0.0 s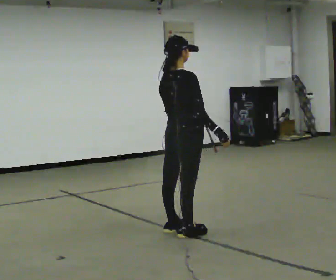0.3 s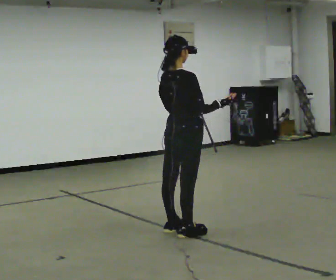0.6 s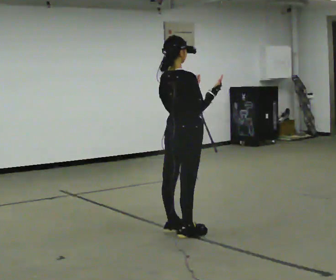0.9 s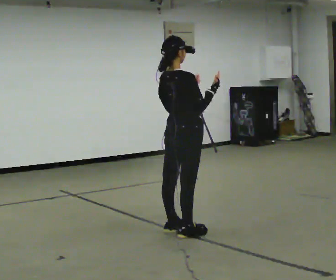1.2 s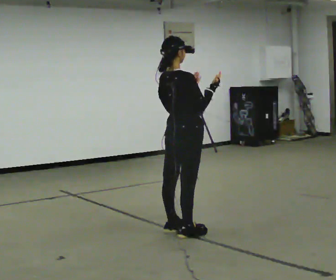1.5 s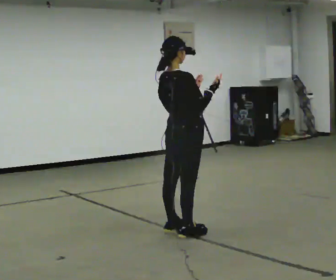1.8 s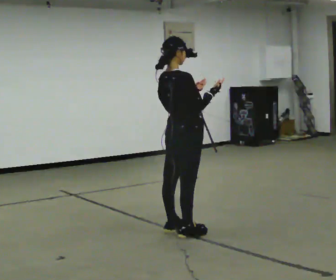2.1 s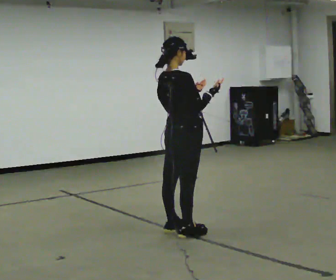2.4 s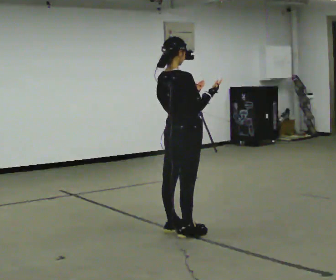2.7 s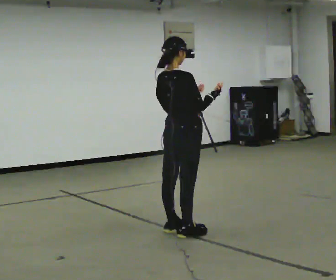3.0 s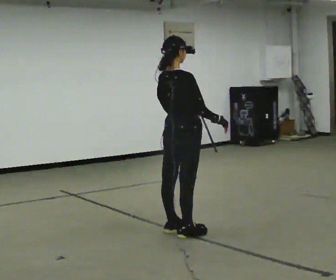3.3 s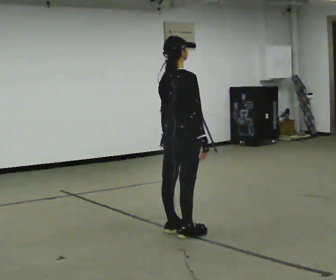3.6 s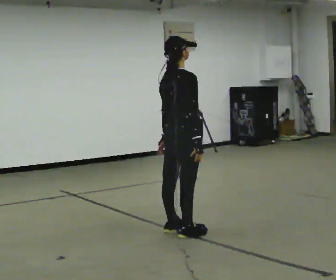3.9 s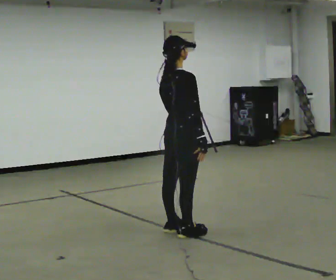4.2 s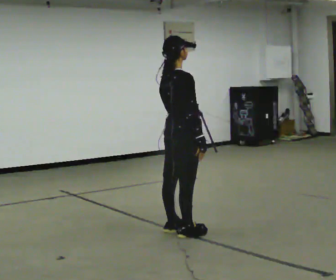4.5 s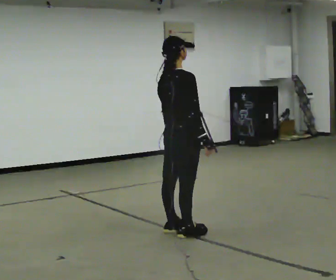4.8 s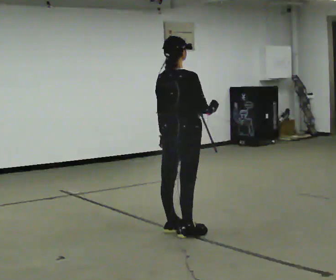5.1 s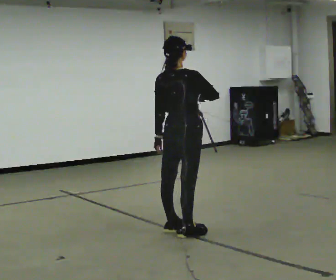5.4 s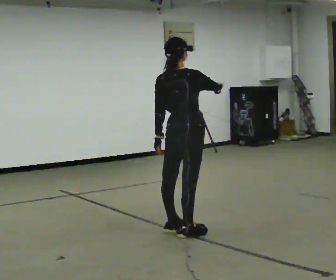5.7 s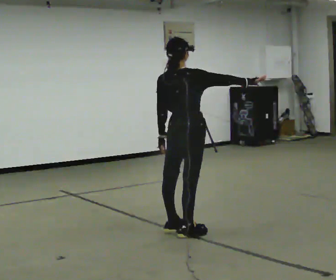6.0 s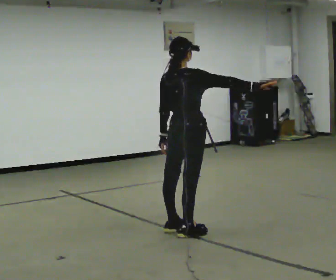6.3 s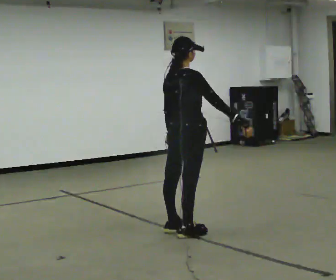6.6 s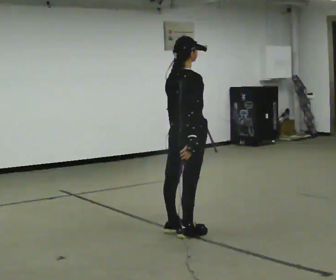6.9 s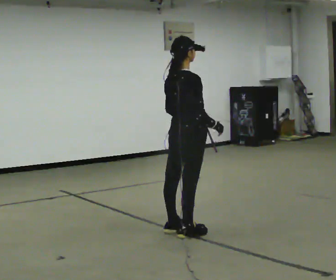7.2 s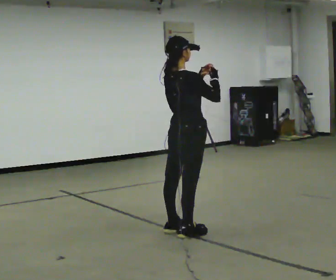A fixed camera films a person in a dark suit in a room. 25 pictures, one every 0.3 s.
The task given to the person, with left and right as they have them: Act out everyday actions without any objects, as in charades: opening a door, drinking, reading, brushing your hair. Repeat the movement at your own pace until the operator says stop; do not rush.
0.0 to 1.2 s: In the picture their right hand goes upward.
1.2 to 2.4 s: The person moves a little, or ends about where they began.
2.4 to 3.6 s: In the picture their right hand goes downward, the arm swinging clockwise.
3.6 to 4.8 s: The person moves a little, or ends about where they began.
4.8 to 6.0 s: In the picture their right hand goes to the right.
6.0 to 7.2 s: In the picture their left hand goes upward.
The film runs forward here.
